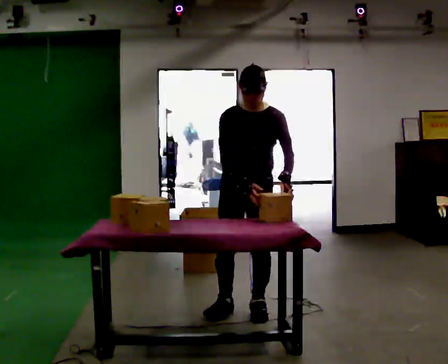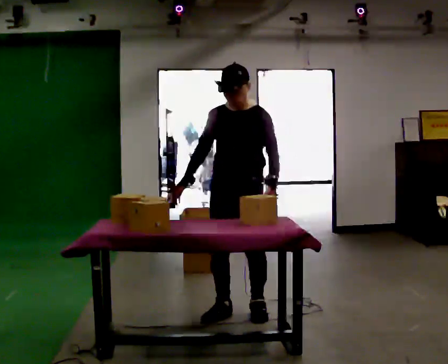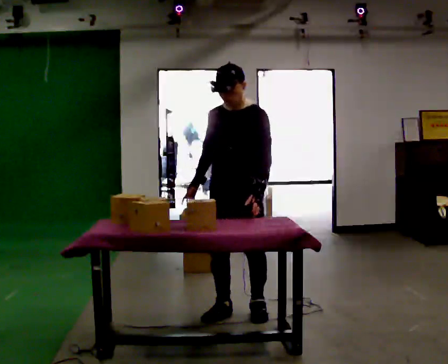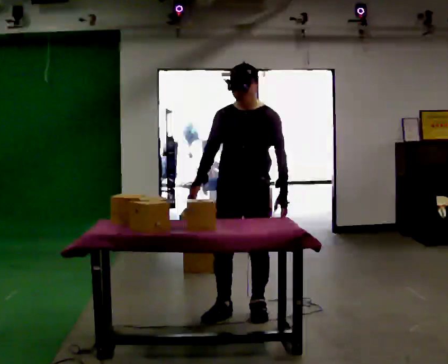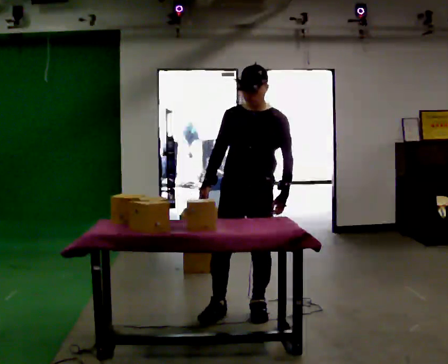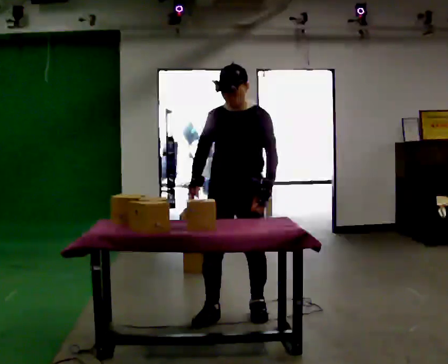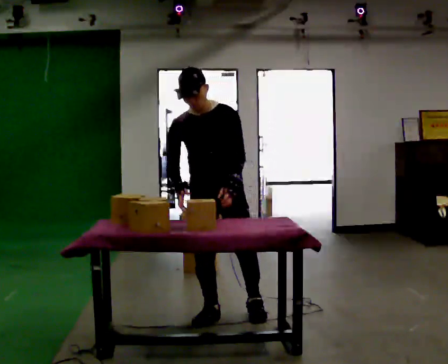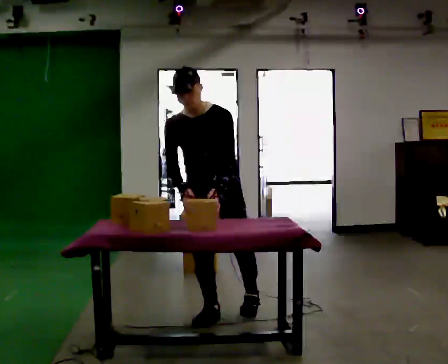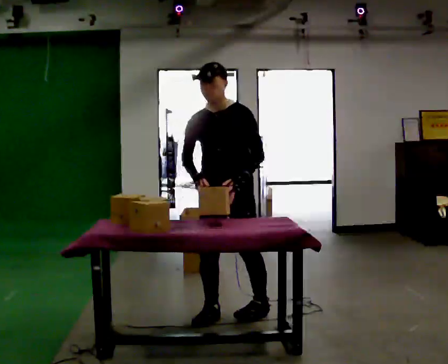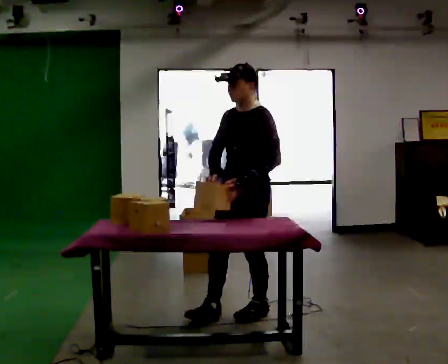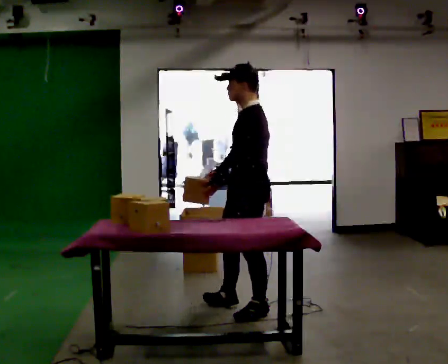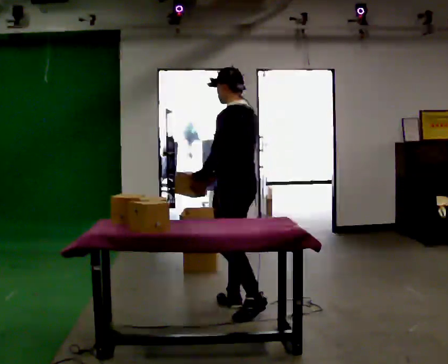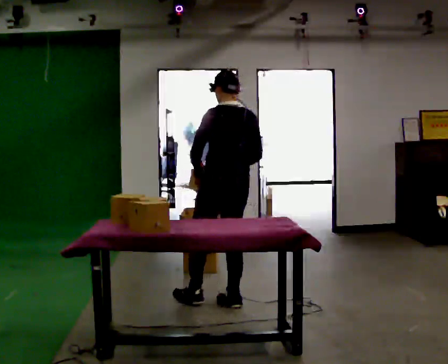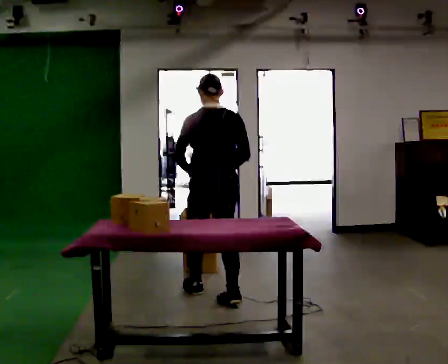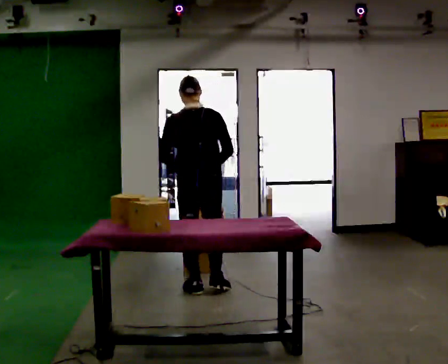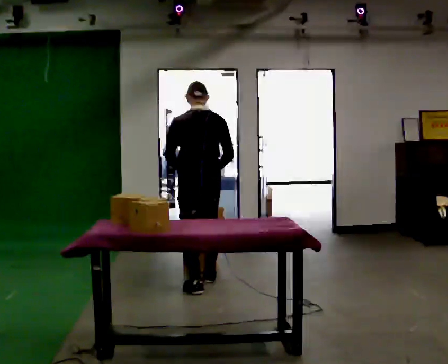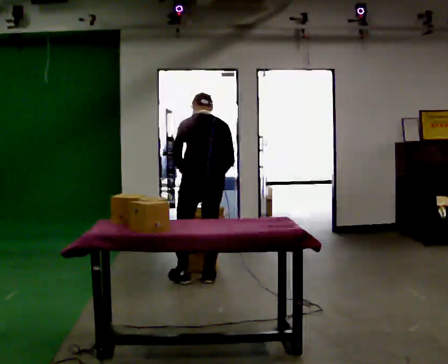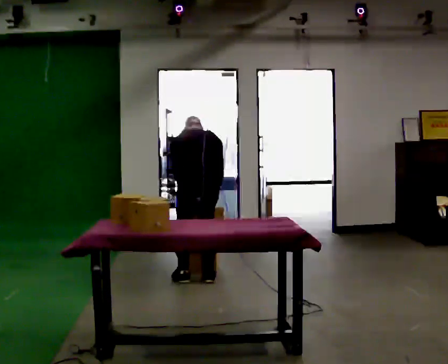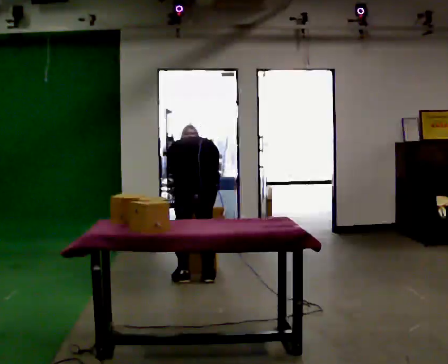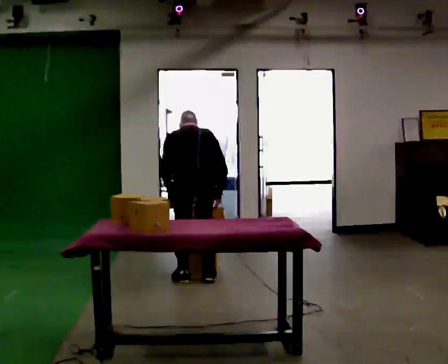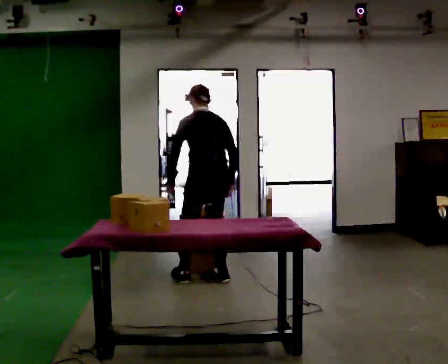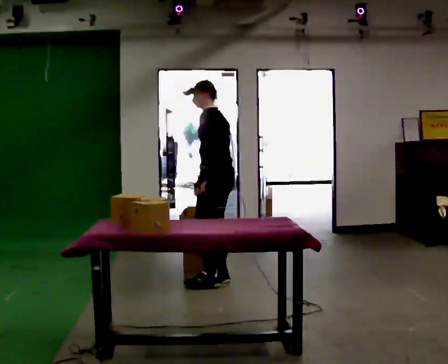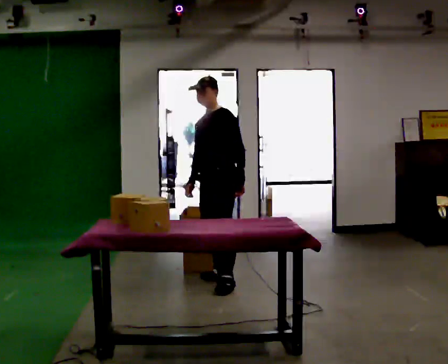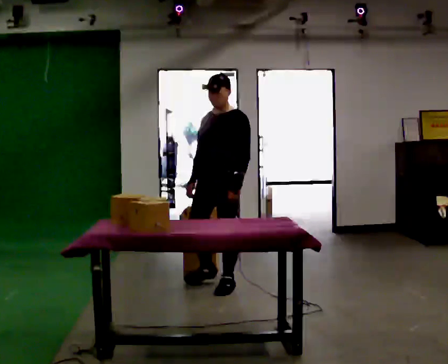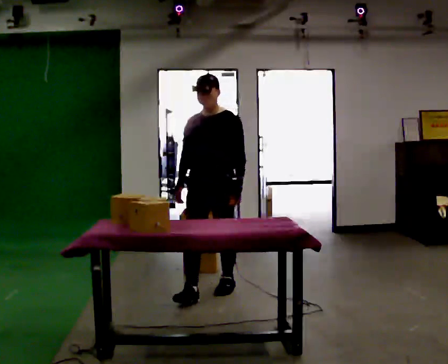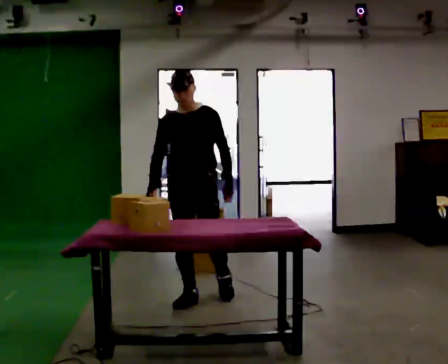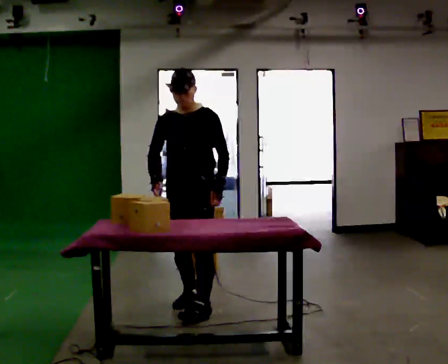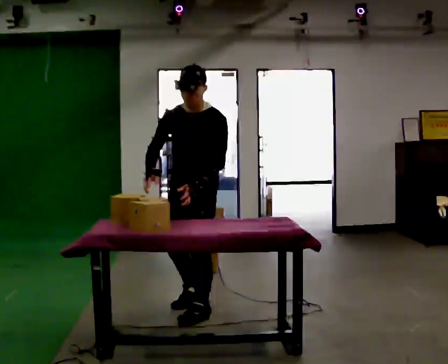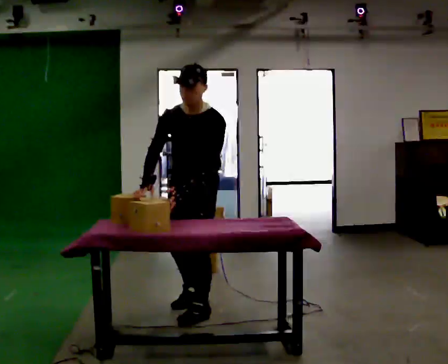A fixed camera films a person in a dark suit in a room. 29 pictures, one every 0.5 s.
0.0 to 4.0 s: In the picture their left hand goes to the left.
4.0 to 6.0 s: The person turns about 135 degrees to their right, clockwise seen from above, so the part of the body nearest the lens slides to the left. In the picture they go away from the camera, about 0.25 m in 1 step.
6.0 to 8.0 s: In the picture they go away from the camera, about 0.75 m in 2 steps, which for them is forward. The upper body tips away from the camera, its near side rolling upward, as they bend forward.
8.0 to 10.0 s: The person moves a little, or ends about where they began.
10.0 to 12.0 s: Seen from above the body turns counterclockwise, about 135 degrees: to their left, with its near side sliding to the right. In the picture they go toward the camera, about 0.5 m in 2 steps. The upper body tips toward the camera, its near side rolling downward.
12.0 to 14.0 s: In the picture they go toward the camera, about 0.5 m in 1 step, which for them is forward. The upper body tips toward the camera, its near side rolling downward, as they bend forward.
The film runs forward here.
